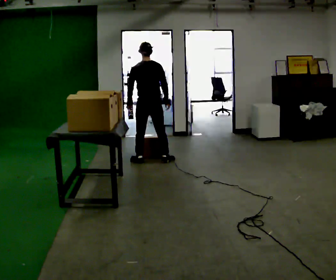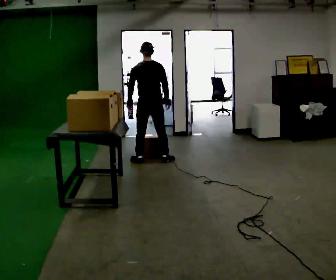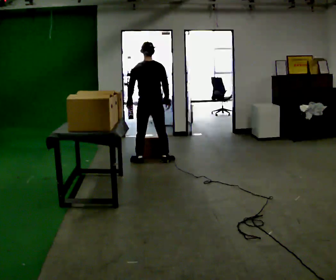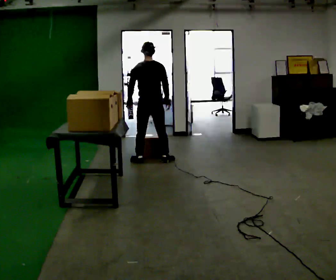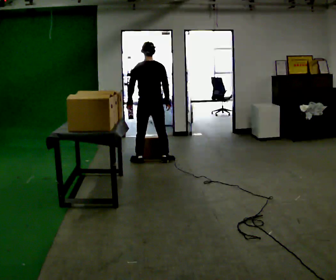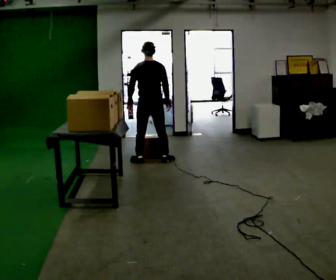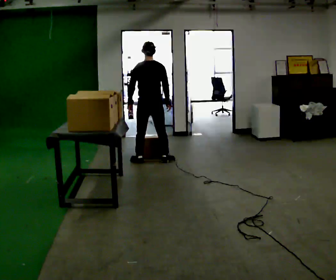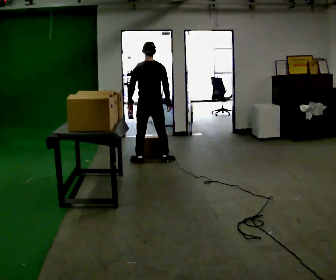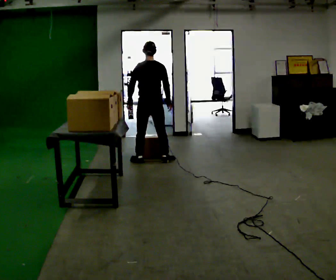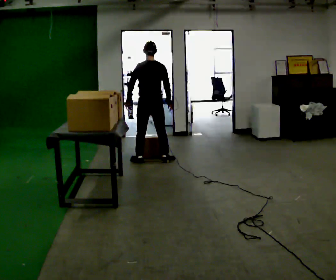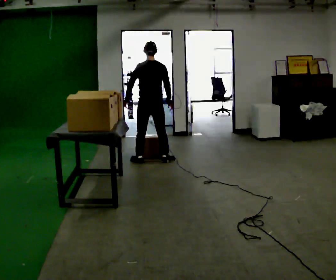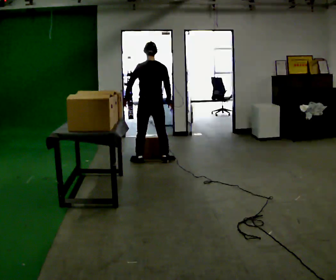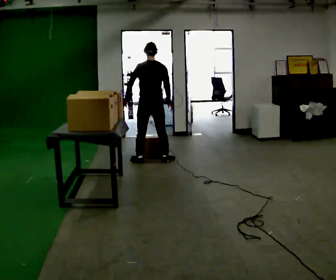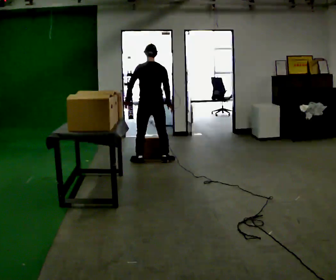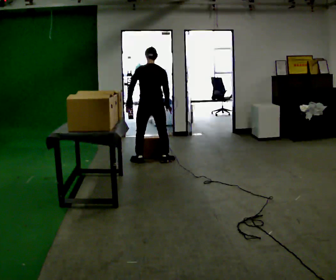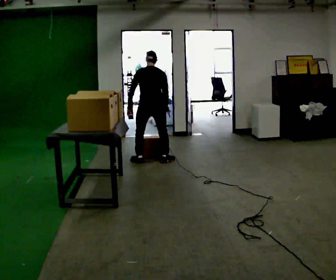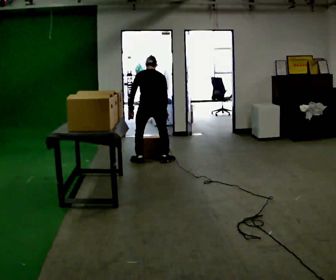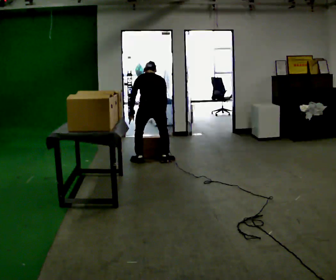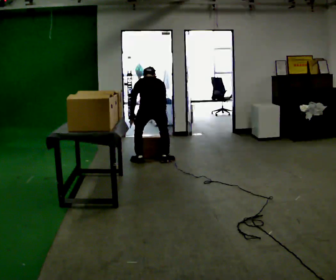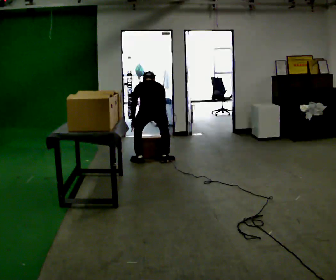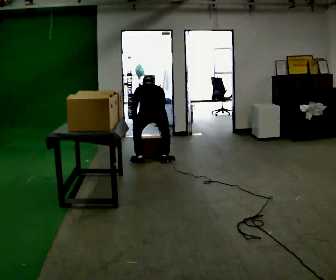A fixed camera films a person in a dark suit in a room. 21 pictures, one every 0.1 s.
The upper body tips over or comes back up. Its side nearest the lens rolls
upward.
The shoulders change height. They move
downward.
0.0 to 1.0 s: The person moves a little, or ends about where they began.
1.0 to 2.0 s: In the picture they go toward the camera, about 0.25 m, which for them is backward. The shoulders move downward. The upper body tips away from the camera, its near side rolling upward, as they bend forward. In the picture their left hand goes downward.
The film runs backward here.
